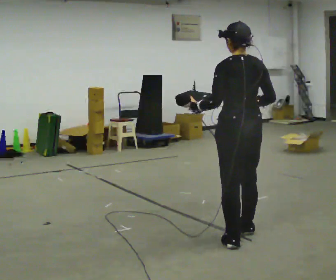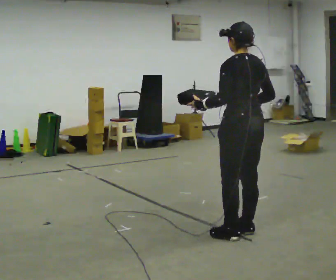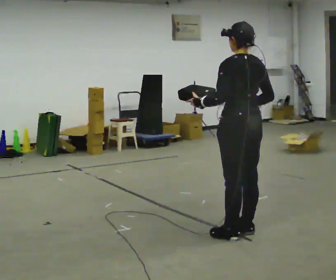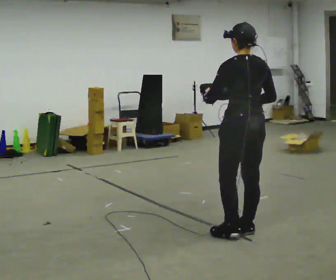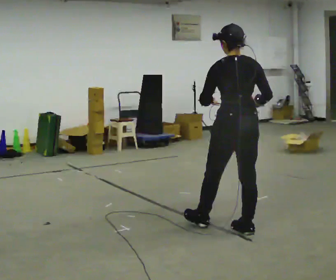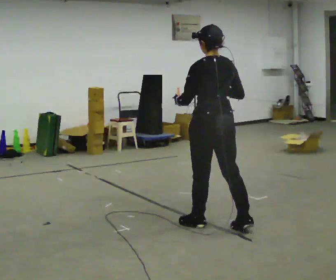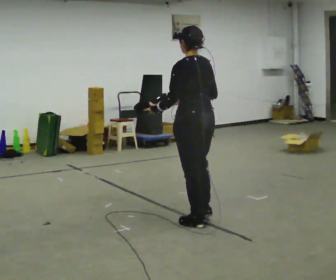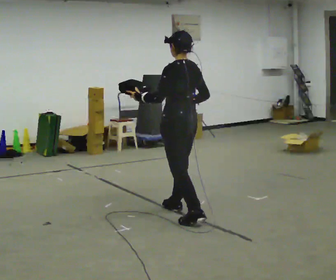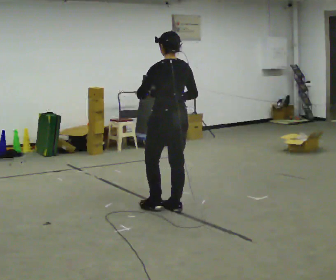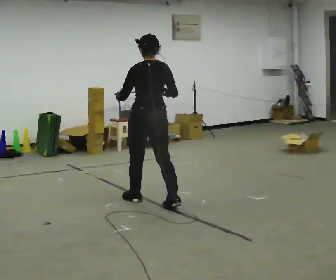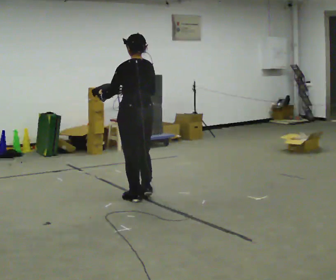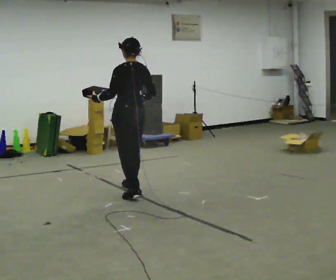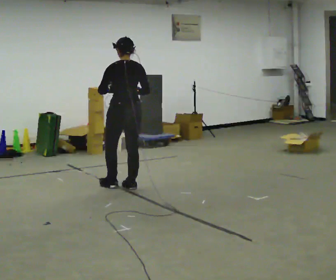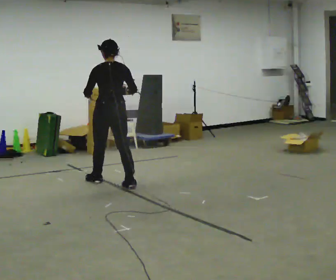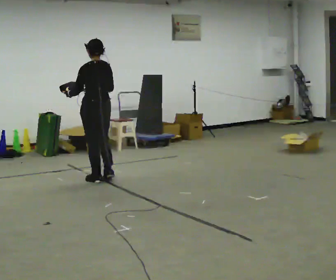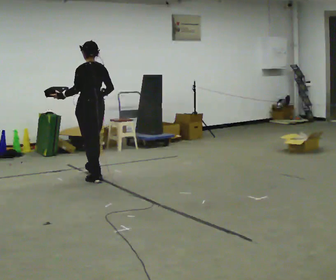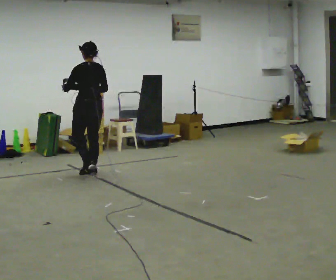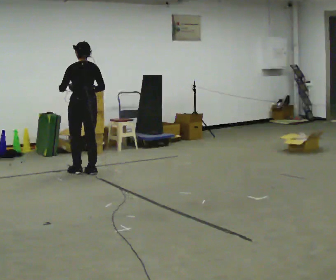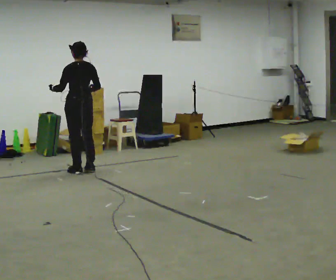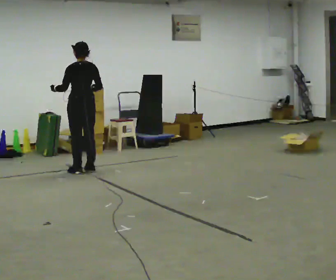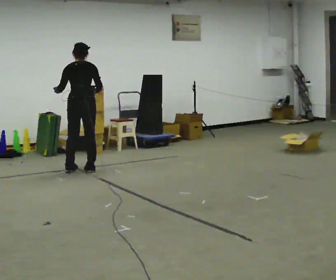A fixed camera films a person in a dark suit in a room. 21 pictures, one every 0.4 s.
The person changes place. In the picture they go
away from the camera.
0.0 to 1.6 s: In the picture they go away from the camera, about 0.25 m in 1 step, which for them is forward.
1.6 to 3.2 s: In the picture they go away from the camera and to the left, about 1 m in 2 steps, which for them is forward.
3.2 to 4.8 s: In the picture they go away from the camera and to the left, about 1 m in 2 steps, which for them is forward.
4.8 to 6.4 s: In the picture they go away from the camera and to the left, about 1 m in 2 steps, which for them is forward.
6.4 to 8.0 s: The part of the body nearest the lens slides to the left as the person turns to their right by about 30 degrees. In the picture they go away from the camera, about 0.25 m in 1 step, which for them is forward.
The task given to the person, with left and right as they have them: Carry the object in one hand and, while walking, pass it to your other hand. Keep passing it back and forth as you walk.
The film runs forward here.
